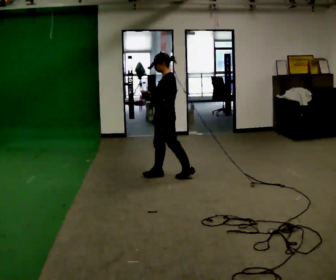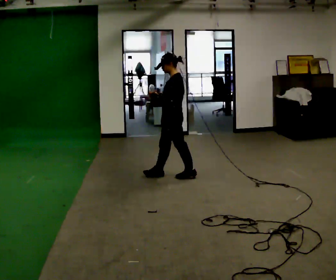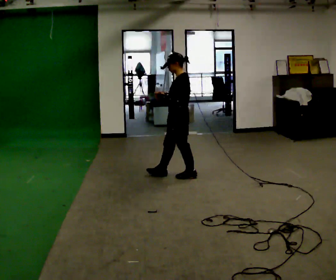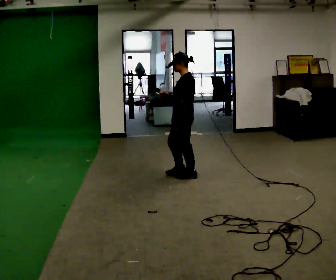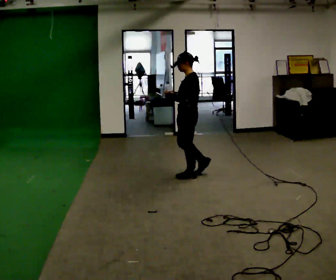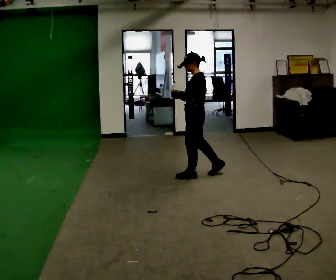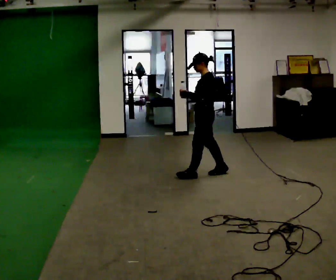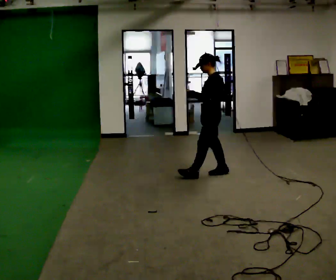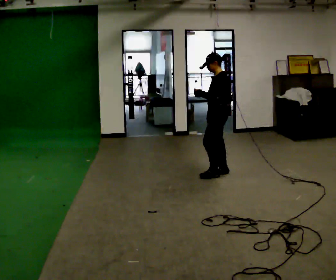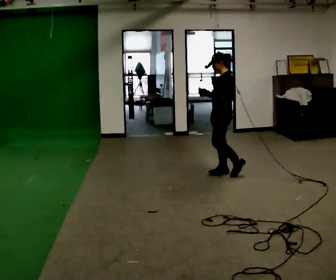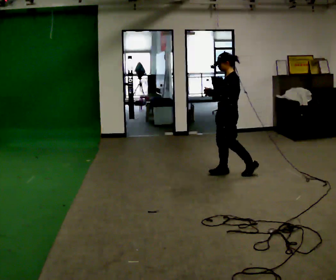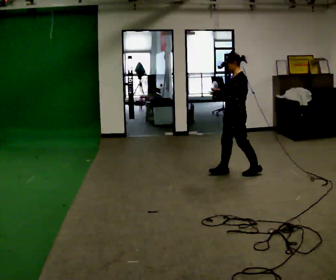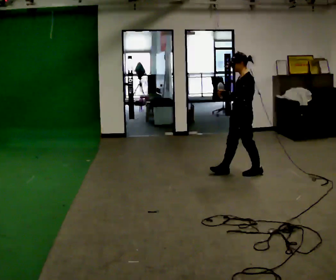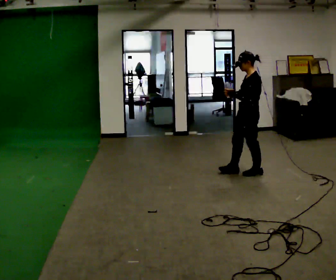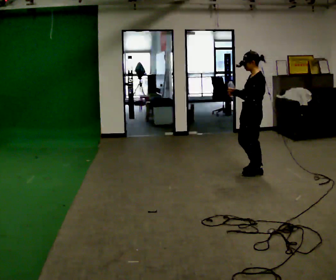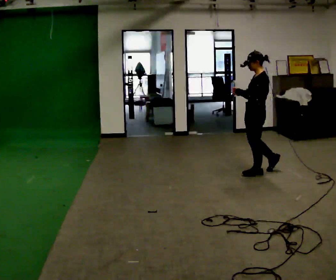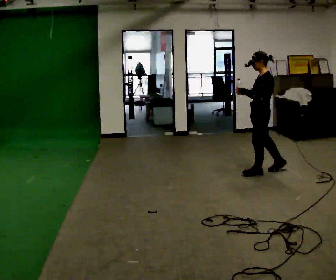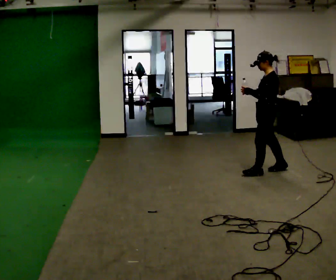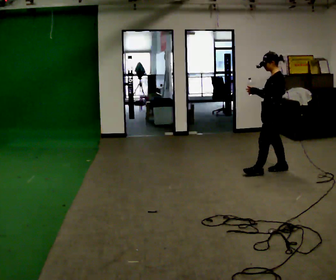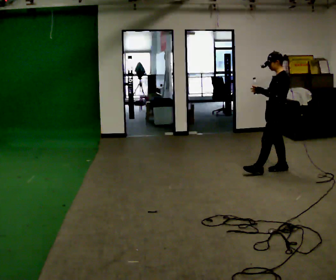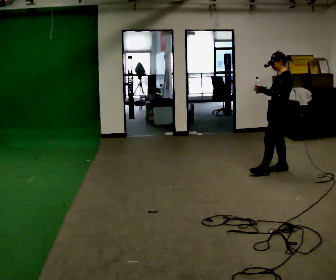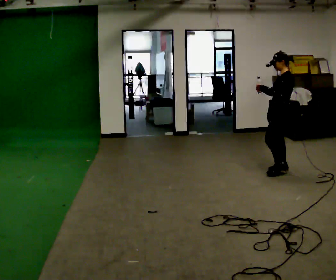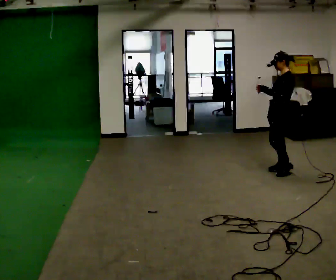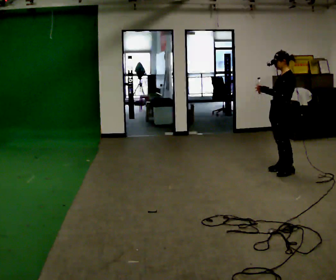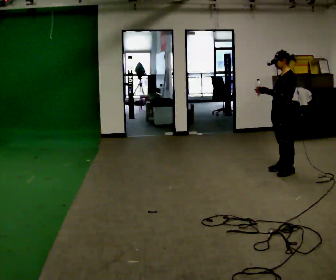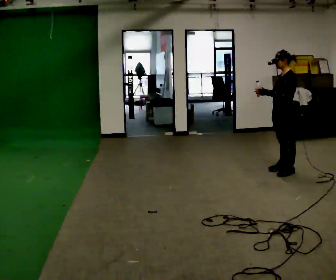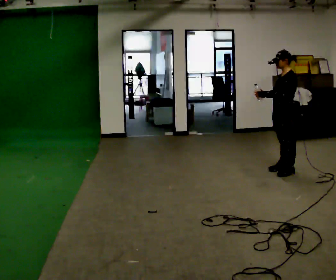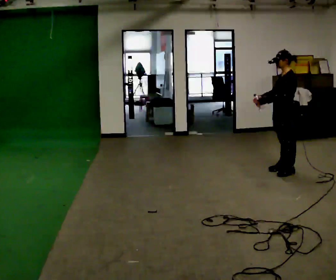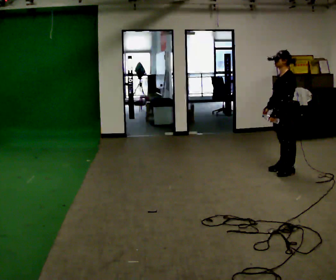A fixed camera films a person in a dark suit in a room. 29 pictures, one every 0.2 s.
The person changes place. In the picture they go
to the right.
0.0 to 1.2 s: In the picture they go to the right, about 0.5 m in 1 step, which for them is backward.
1.2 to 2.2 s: In the picture they go to the right, about 0.25 m in 1 step, which for them is backward.
2.2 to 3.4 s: In the picture they go to the right, about 0.5 m in 1 step, which for them is backward.
3.4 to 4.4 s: In the picture they go to the right, about 0.25 m in 1 step, which for them is backward.
4.4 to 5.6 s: The person moves a little, or ends about where they began.
The film runs backward here.
